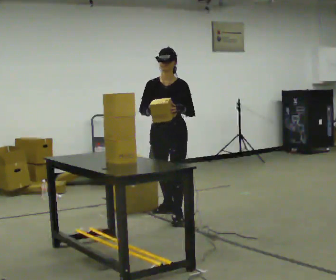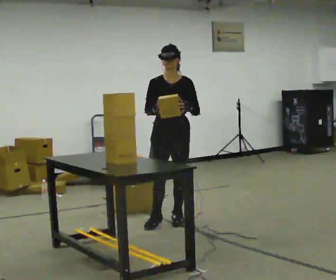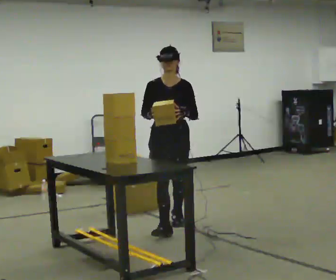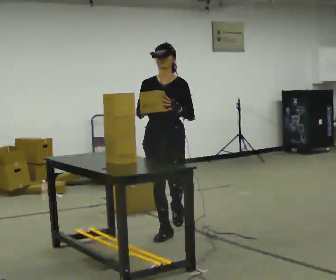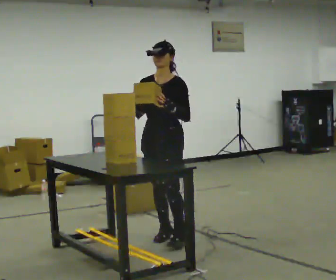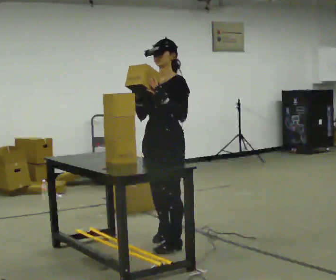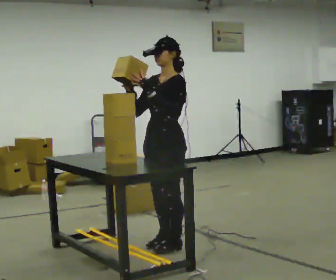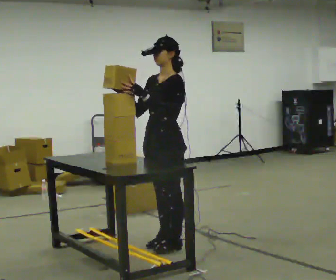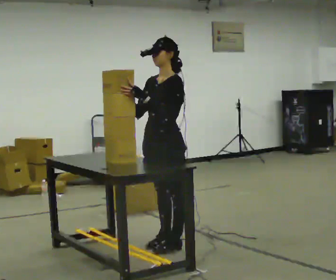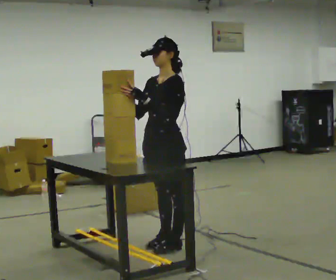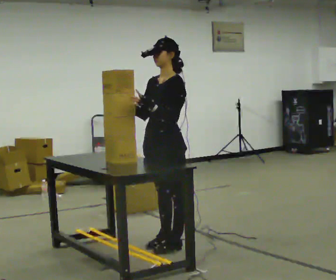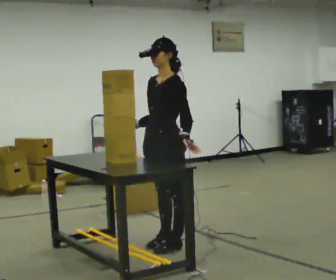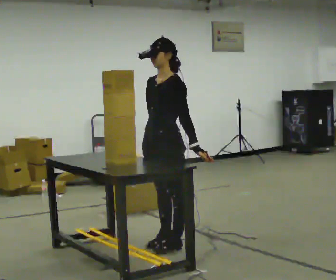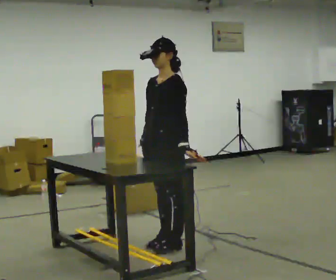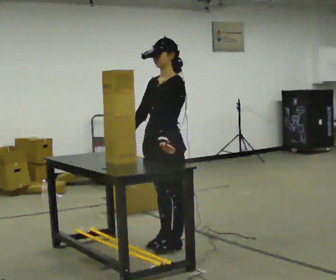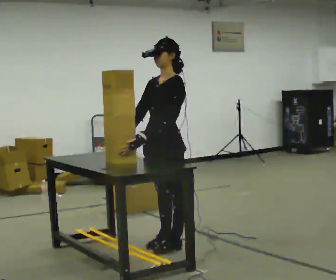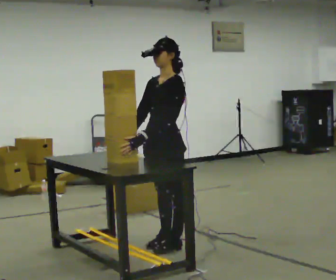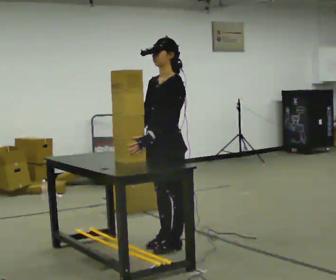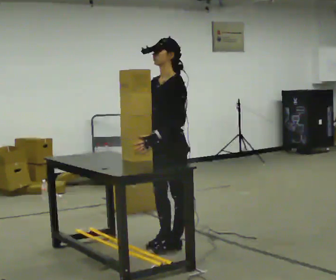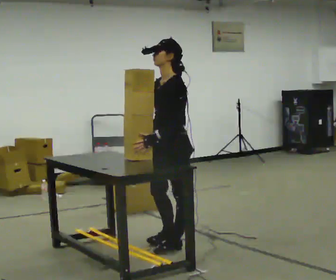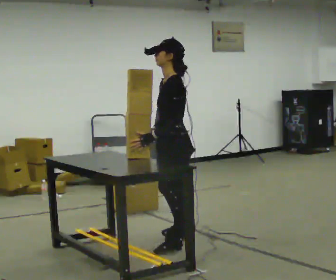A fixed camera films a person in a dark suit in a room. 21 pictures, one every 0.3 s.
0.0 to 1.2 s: In the picture they go toward the camera, about 0.75 m in 1 step, which for them is forward.
1.2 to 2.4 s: Seen from above the body turns clockwise, about 30 degrees: to their right, with its near side sliding to the left. In the picture they go toward the camera, about 0.25 m in 2 steps, which for them is to their left and forward.
2.4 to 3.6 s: In the picture their right hand goes downward, the arm swinging counterclockwise.
3.6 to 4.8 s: The person moves a little, or ends about where they began.
4.8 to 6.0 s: The part of the body nearest the lens slides to the left as the person turns to their right by about 30 degrees.
The film runs forward here.
